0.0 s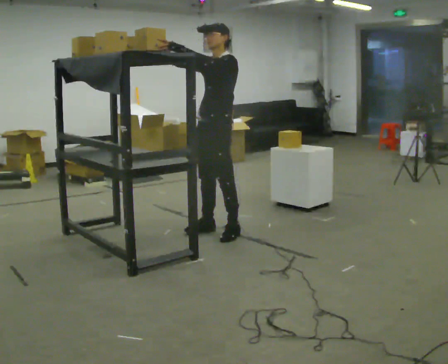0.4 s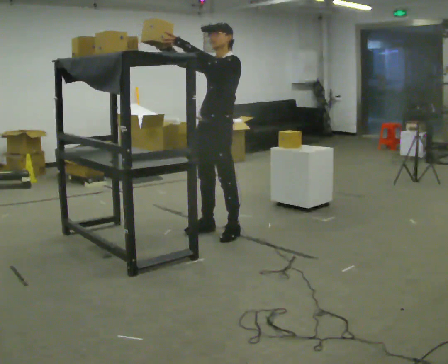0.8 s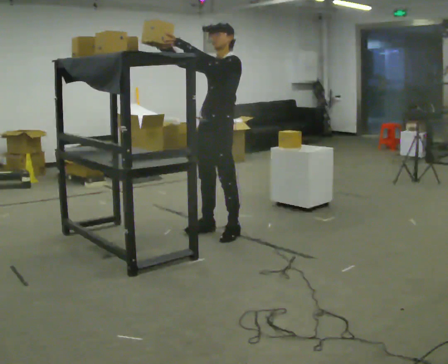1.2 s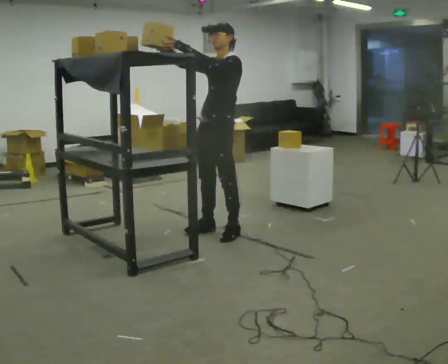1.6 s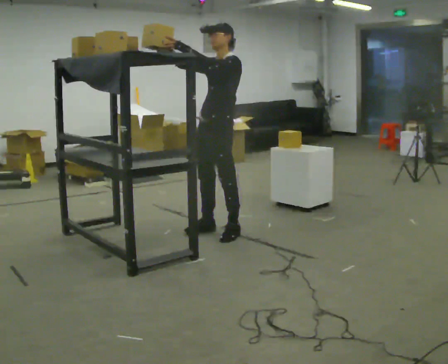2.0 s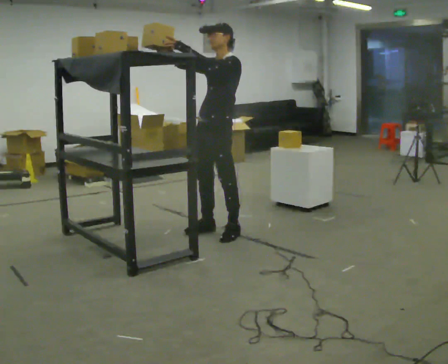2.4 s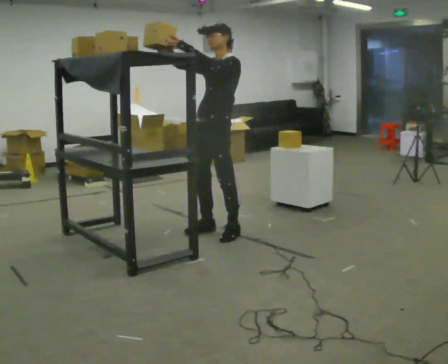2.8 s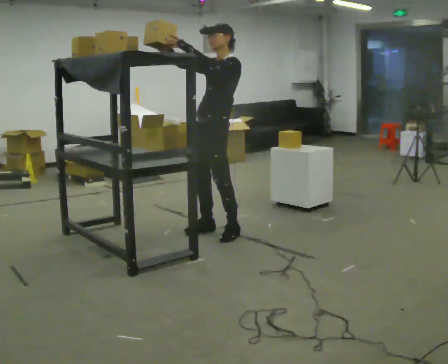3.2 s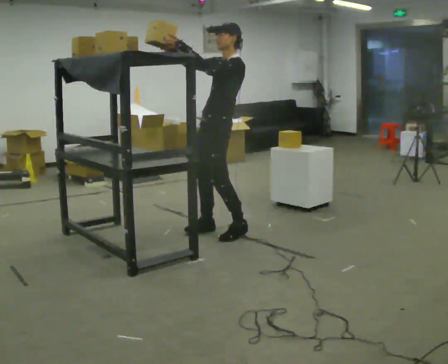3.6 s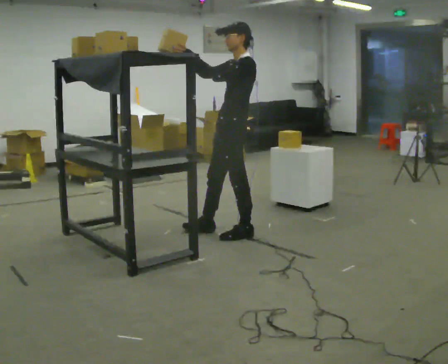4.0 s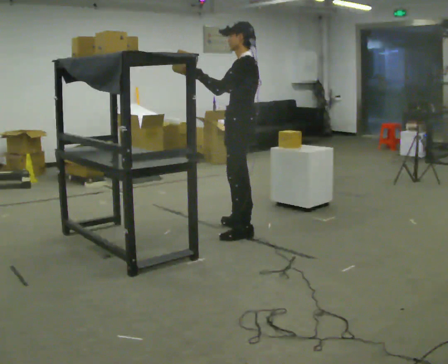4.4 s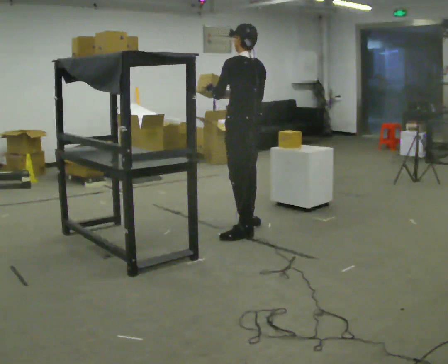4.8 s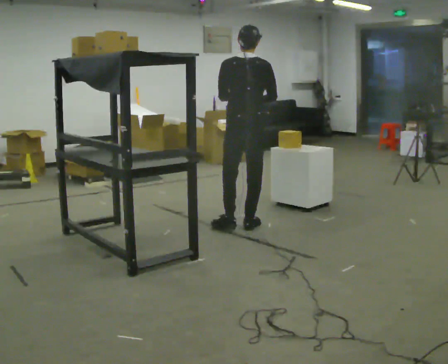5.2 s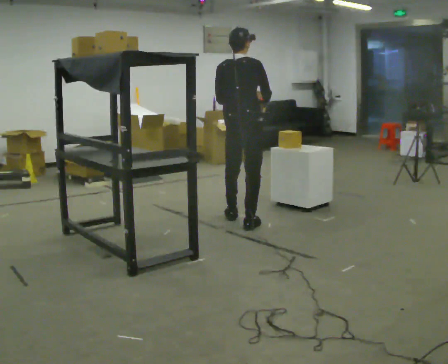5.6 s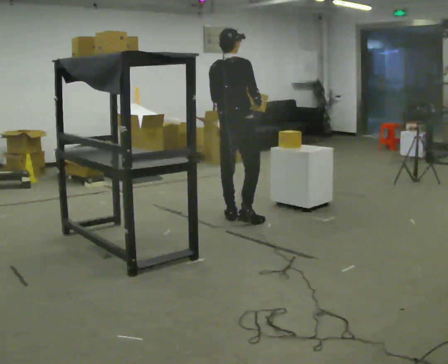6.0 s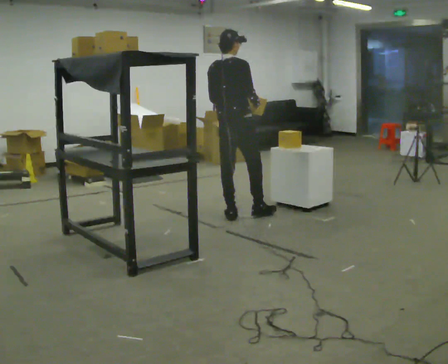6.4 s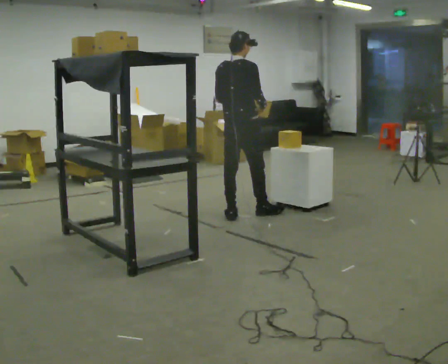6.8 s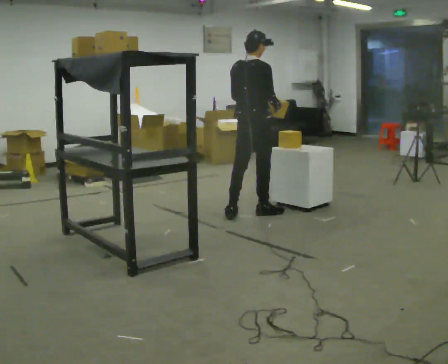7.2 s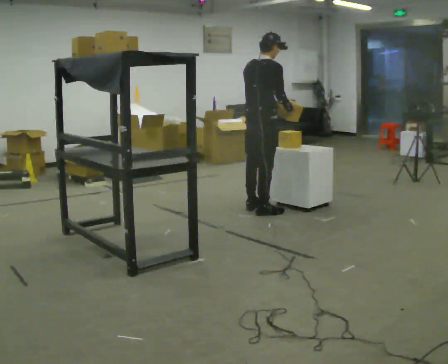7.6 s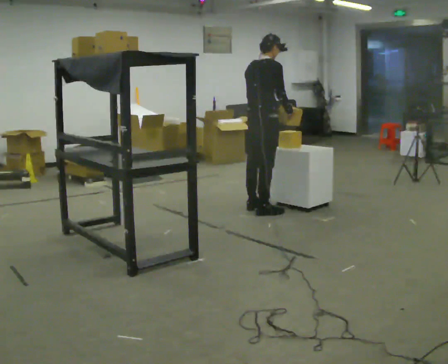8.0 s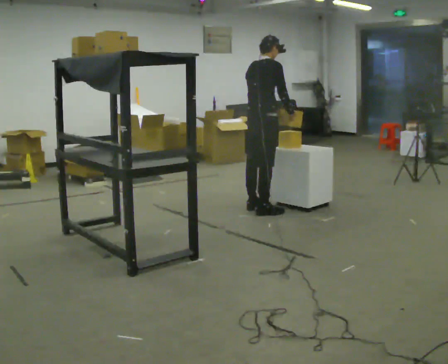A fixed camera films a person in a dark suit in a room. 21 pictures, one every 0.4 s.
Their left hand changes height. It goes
downward.
The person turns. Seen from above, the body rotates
clockwise.
0.0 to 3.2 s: The person moves a little, or ends about where they began.
3.2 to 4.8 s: The person turns about 105 degrees to their right, clockwise seen from above, so the part of the body nearest the lens slides to the left. In the picture they go to the right and away from the camera, about 0.25 m in 1 step. In the picture their right hand goes downward.
4.8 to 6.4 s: The person turns about 30 degrees to their right, clockwise seen from above, so the part of the body nearest the lens slides to the left. In the picture they go away from the camera, about 0.5 m in 2 steps, which for them is forward and to their left.
6.4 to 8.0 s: In the picture they go away from the camera and to the right, about 0.25 m in 1 step, which for them is forward.
The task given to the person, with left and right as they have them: Reach up into the bin on the top shelf, take out one object at a time, and carry it to the table. Keep going until the operator says stop; one object at a time, and do not rush between trips.
The film runs forward here.
